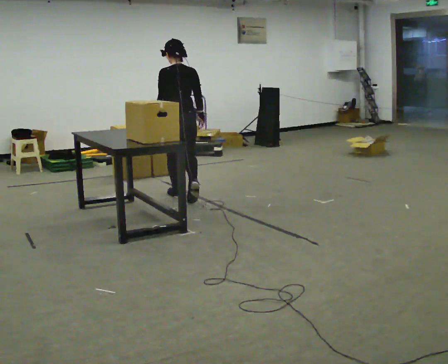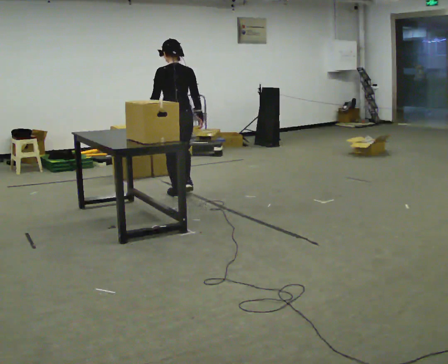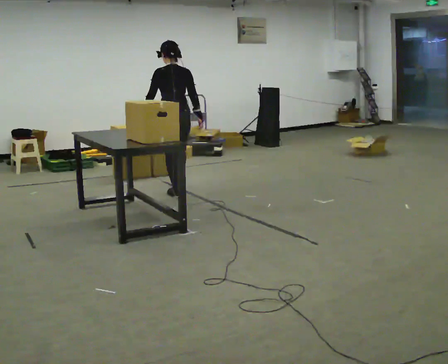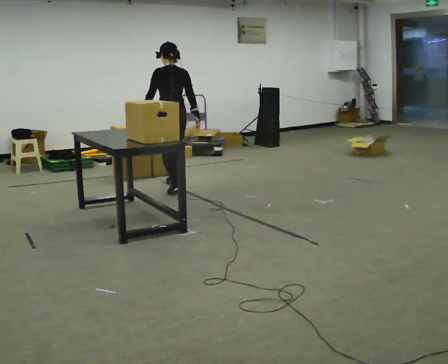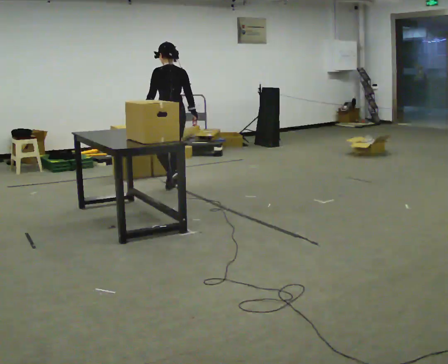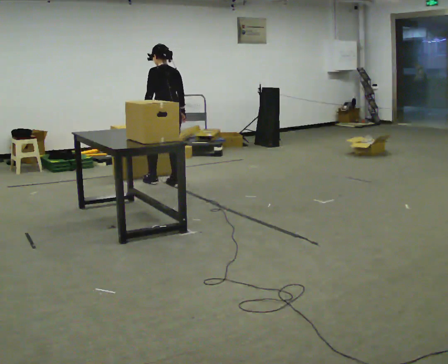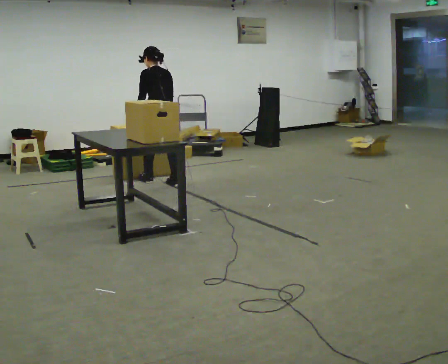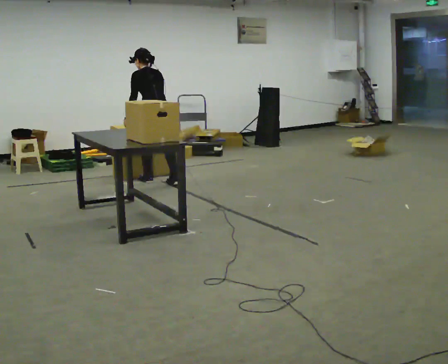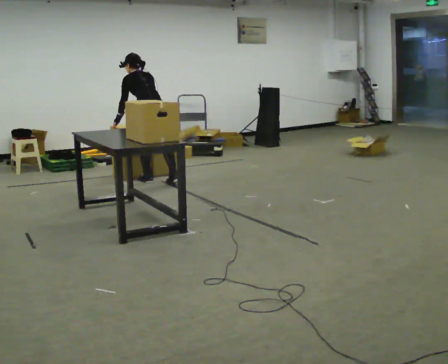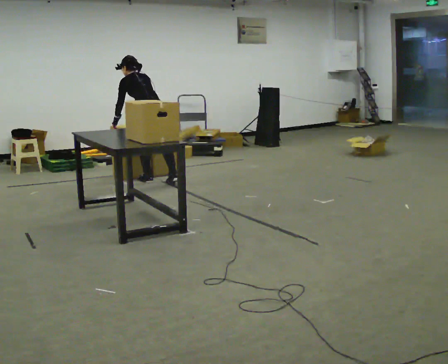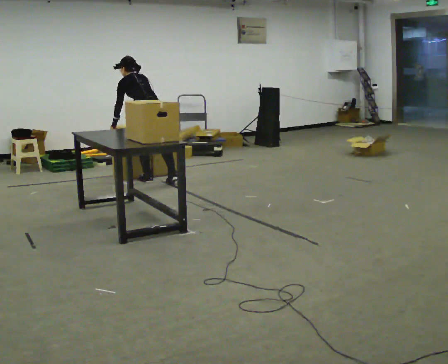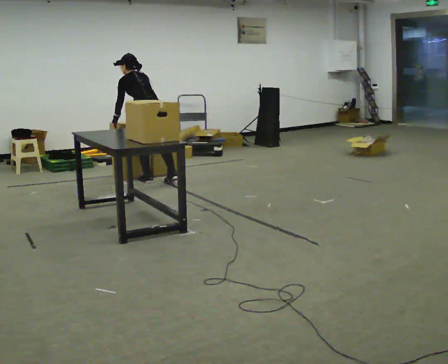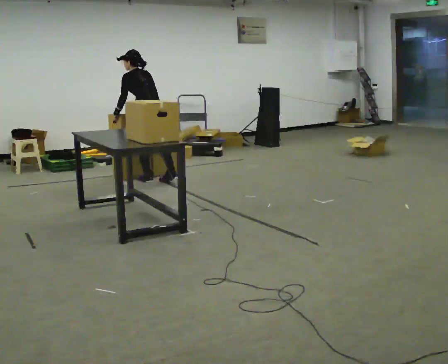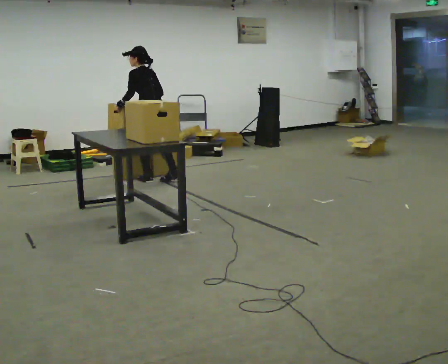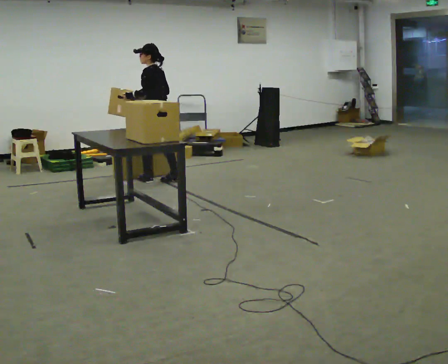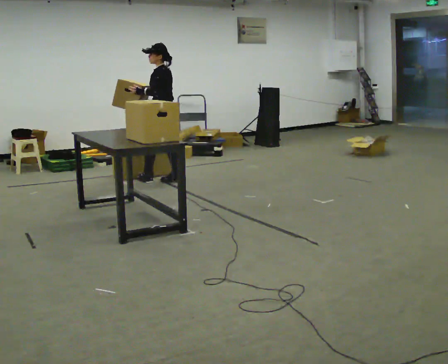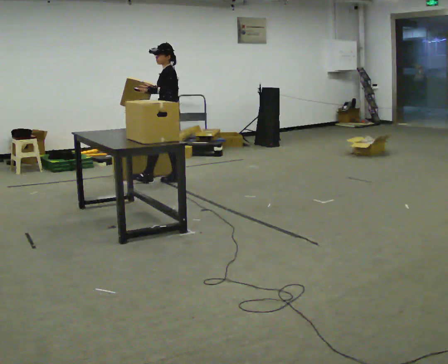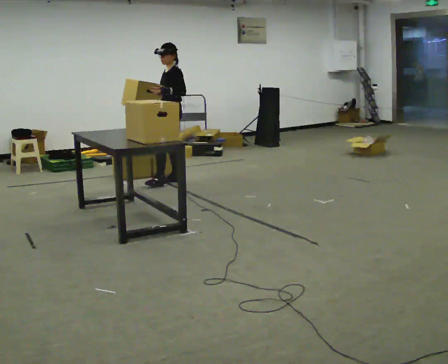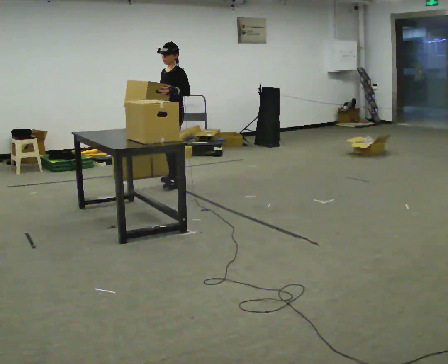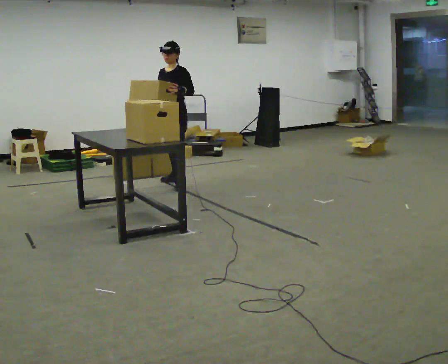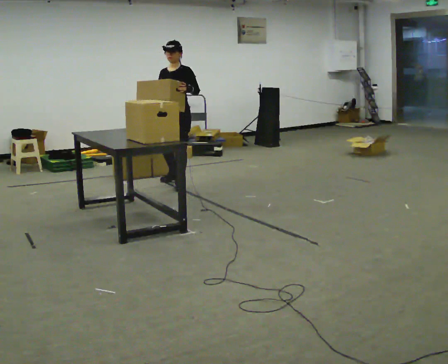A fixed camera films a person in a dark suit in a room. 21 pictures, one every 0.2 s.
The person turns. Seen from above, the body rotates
counterclockwise.
The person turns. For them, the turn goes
to their left.
0.0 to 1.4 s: In the picture they go away from the camera, about 1 m in 2 steps, which for them is forward. The upper body tips away from the camera, its near side rolling upward, as they bend forward.
1.4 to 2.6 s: The person moves a little, or ends about where they began.
2.6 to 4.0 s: The part of the body nearest the lens slides to the right as the person turns to their left by about 90 degrees. In the picture they go to the right and toward the camera, about 0.25 m in 1 step.
The film runs forward here.
